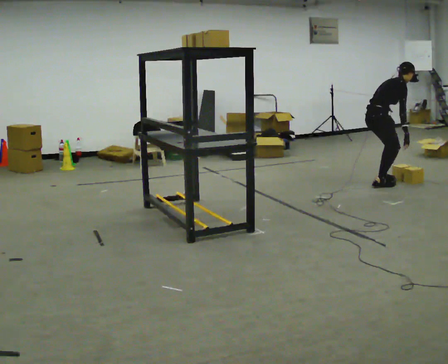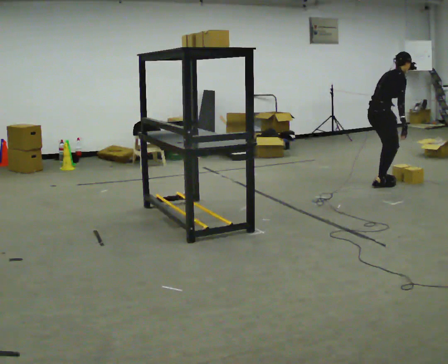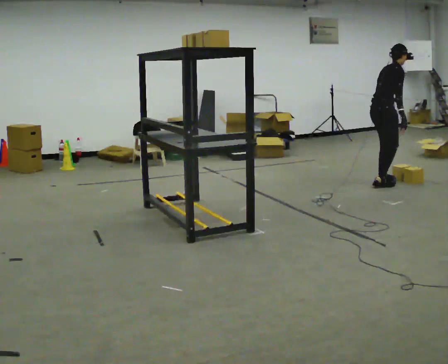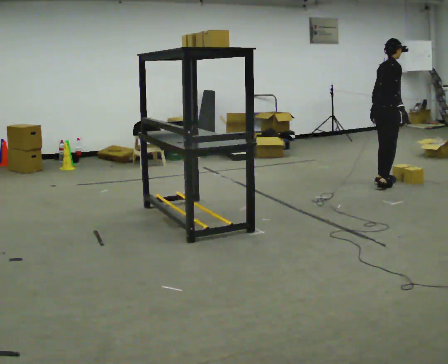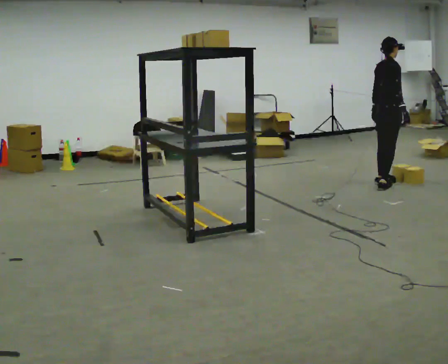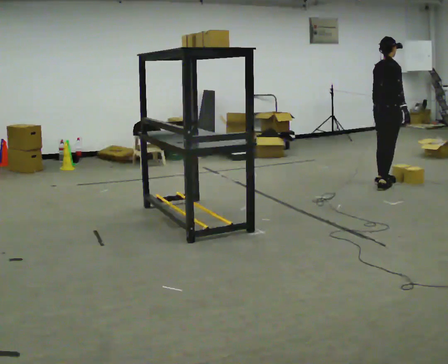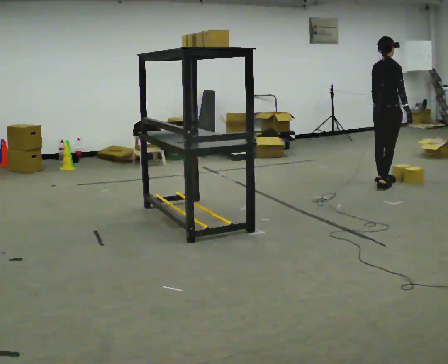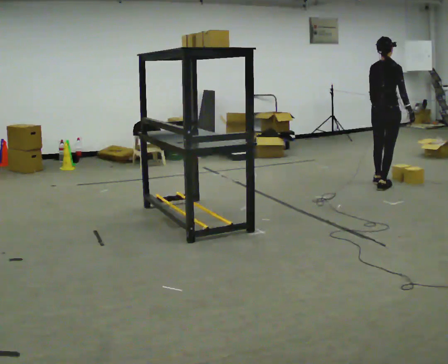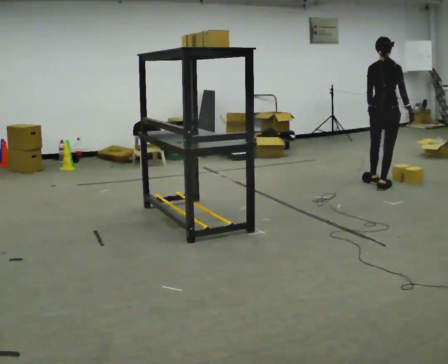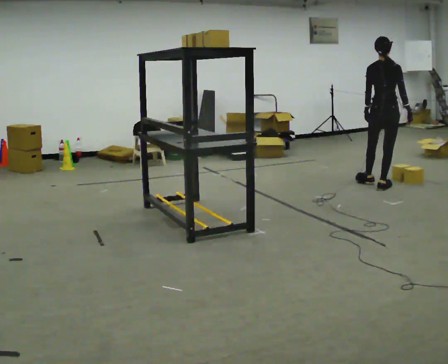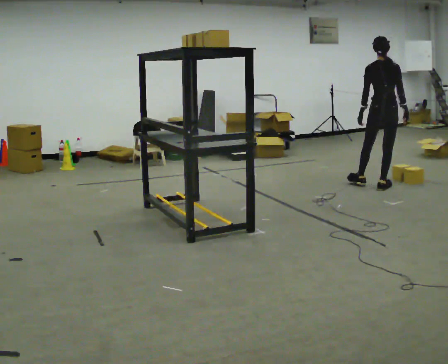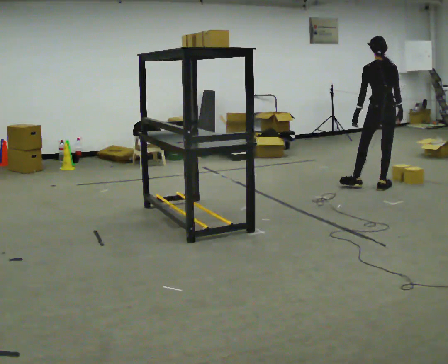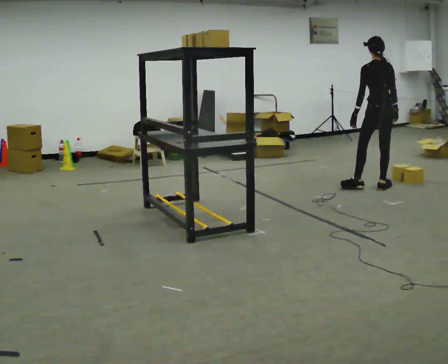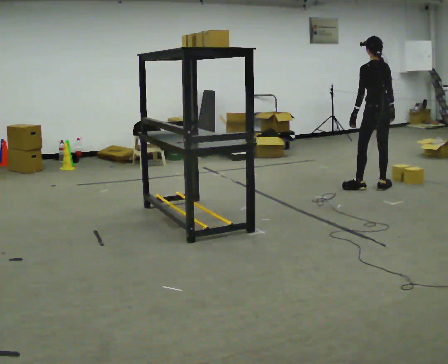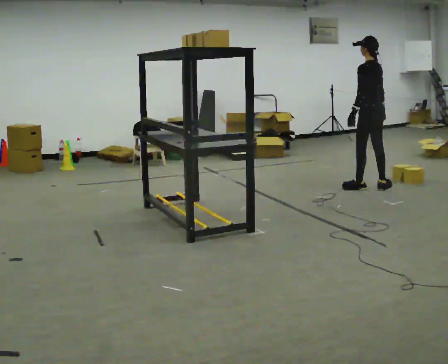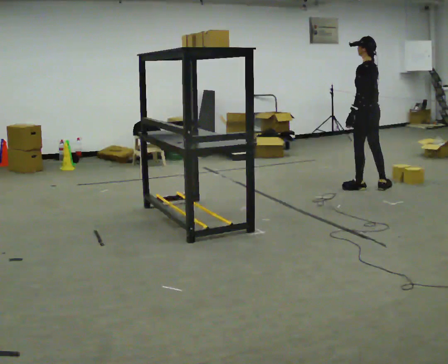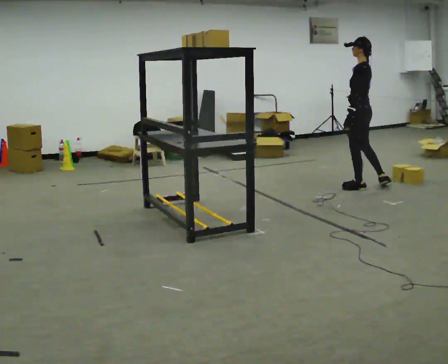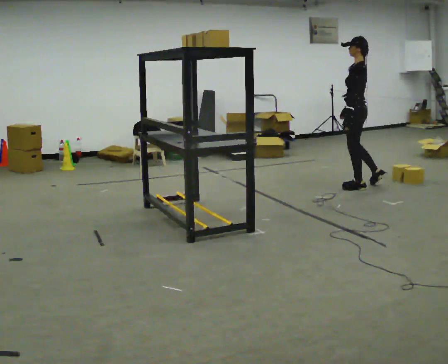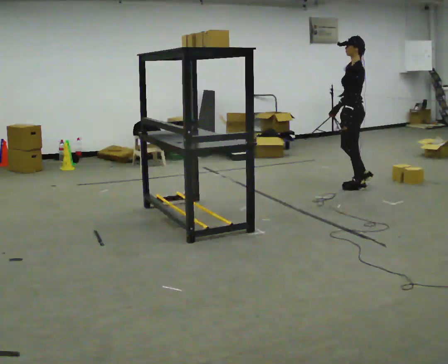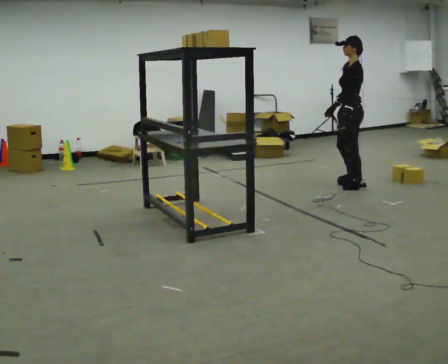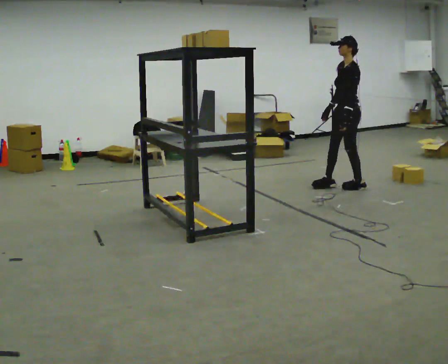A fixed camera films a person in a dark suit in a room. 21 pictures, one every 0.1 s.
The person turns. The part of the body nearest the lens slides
to the right.
The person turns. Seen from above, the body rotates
counterclockwise.
0.0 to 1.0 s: Seen from above the body turns counterclockwise, about 60 degrees: to their left, with its near side sliding to the right. The shoulders move upward. In the picture the upper body tilts counterclockwise, shoulders to the left, as they lean back or straighten.
1.0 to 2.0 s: The part of the body nearest the lens slides to the right as the person turns to their left by about 105 degrees. In the picture they go to the left, about 0.25 m in 1 step.
The film runs forward here.
